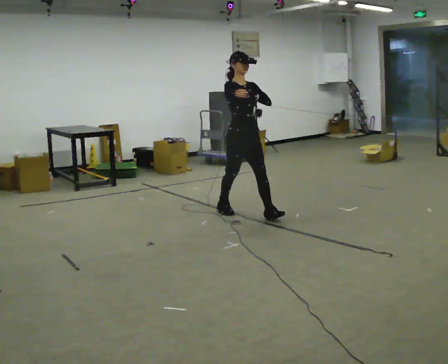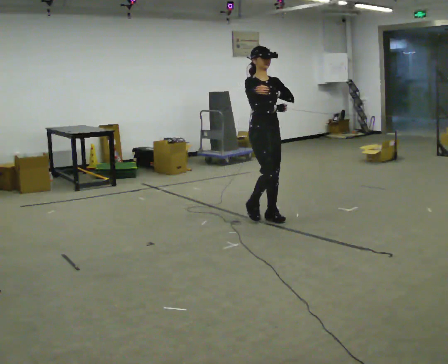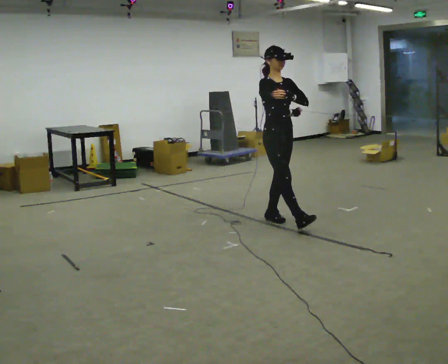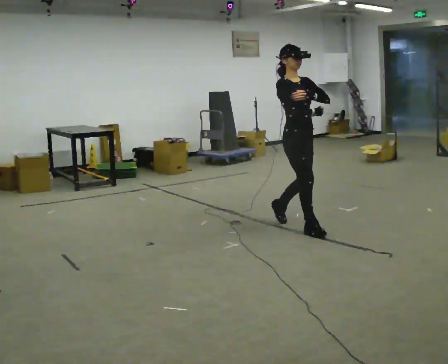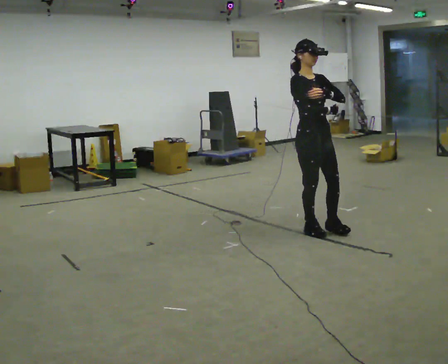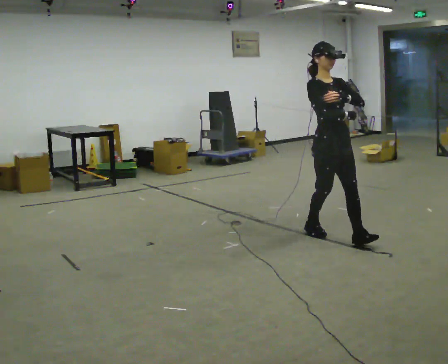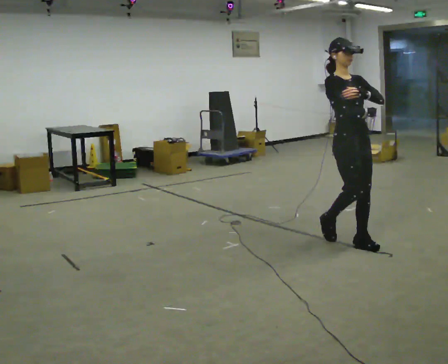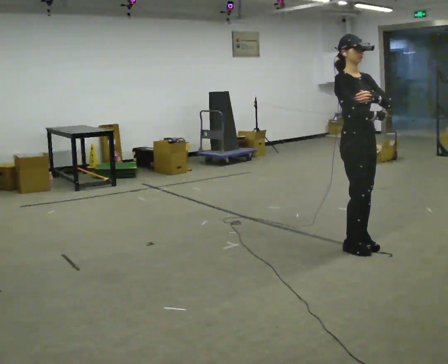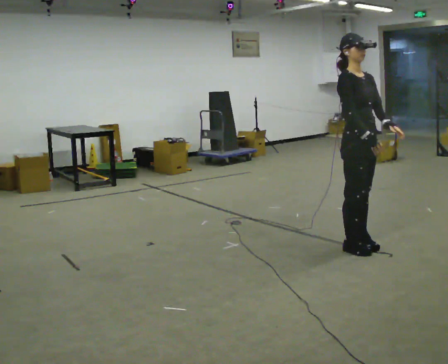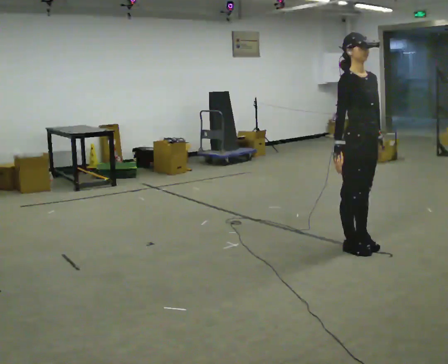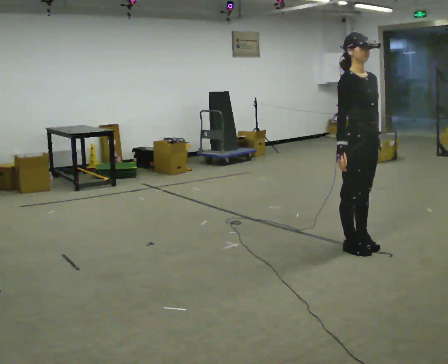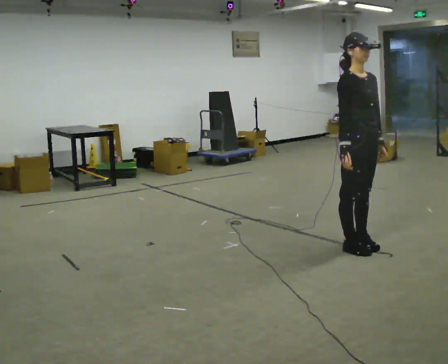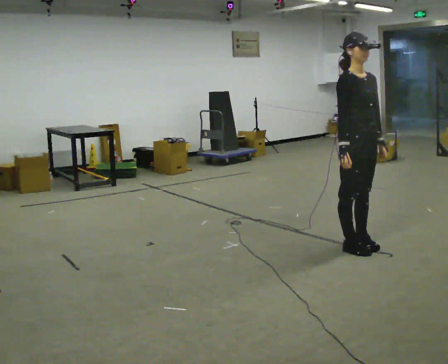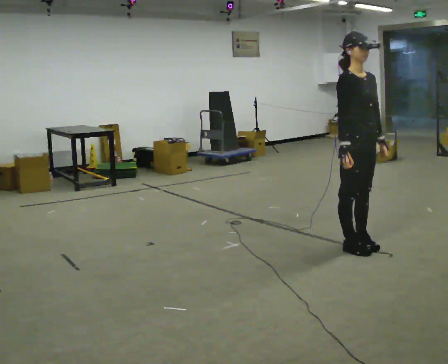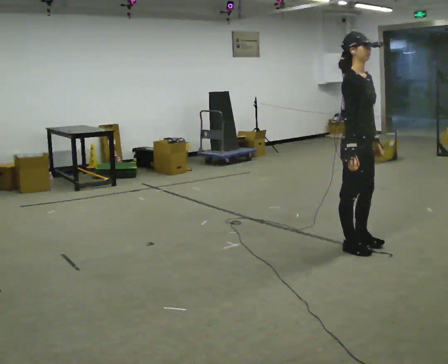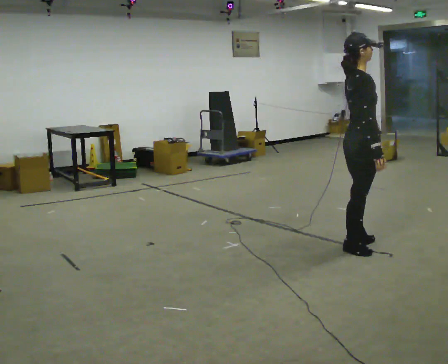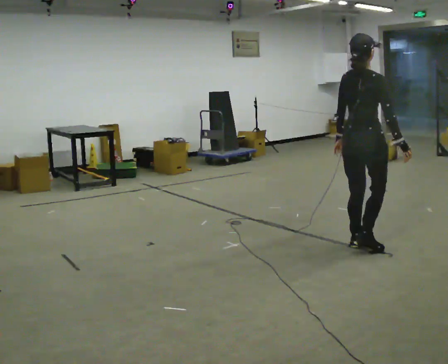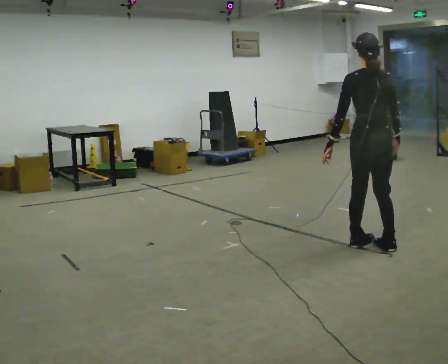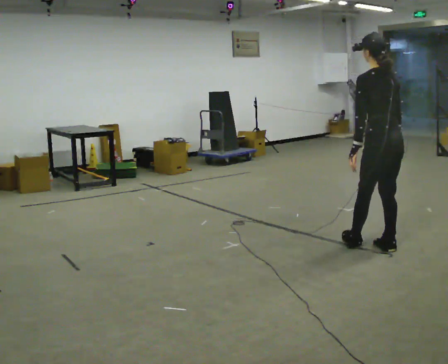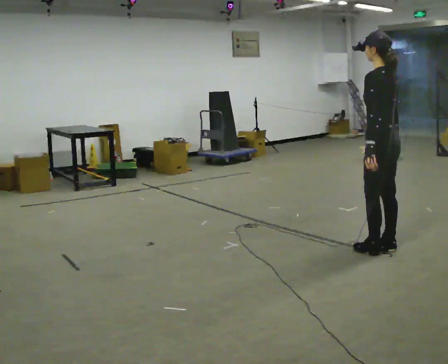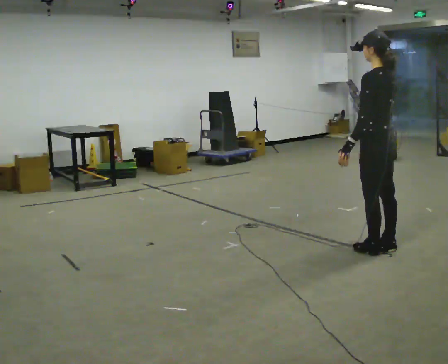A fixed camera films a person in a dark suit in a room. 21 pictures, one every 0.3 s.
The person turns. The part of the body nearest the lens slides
to the right.
The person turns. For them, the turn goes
to their left.
0.0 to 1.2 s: In the picture they go to the right and toward the camera, about 1 m in 1 step, which for them is forward.
1.2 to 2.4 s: In the picture they go to the right and toward the camera, about 0.5 m in 2 steps, which for them is forward.
2.4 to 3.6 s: The person moves a little, or ends about where they began.
3.6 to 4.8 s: The part of the body nearest the lens slides to the right as the person turns to their left by about 105 degrees. In the picture their right hand goes to the right.
4.8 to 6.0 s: Seen from above the body turns counterclockwise, about 90 degrees: to their left, with its near side sliding to the right.
The film runs forward here.
